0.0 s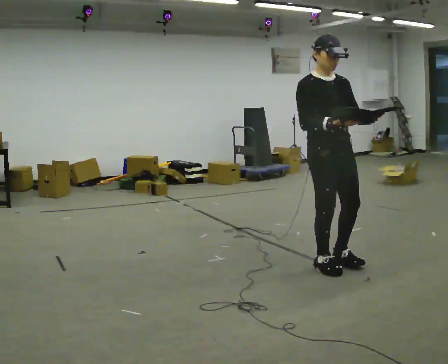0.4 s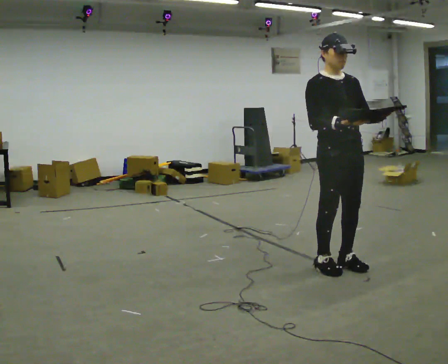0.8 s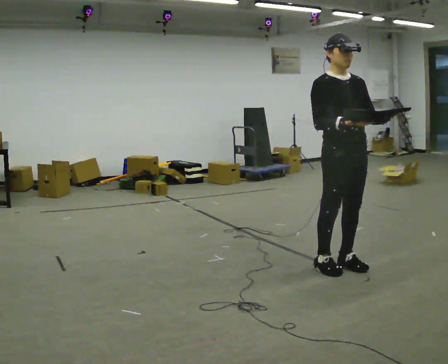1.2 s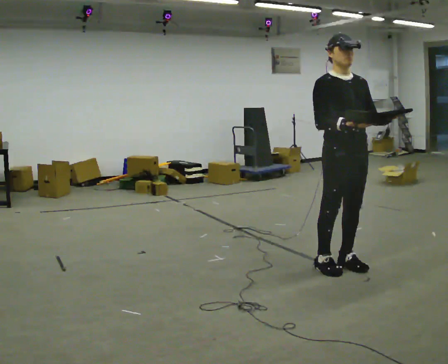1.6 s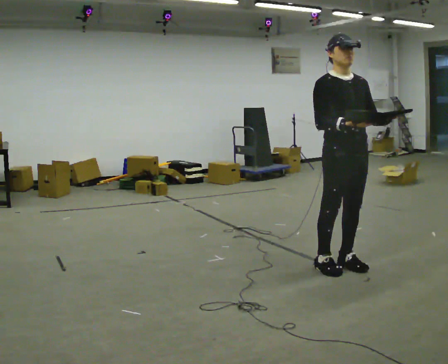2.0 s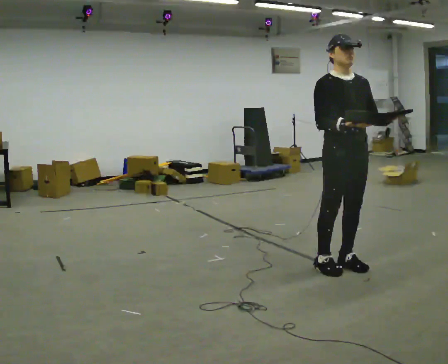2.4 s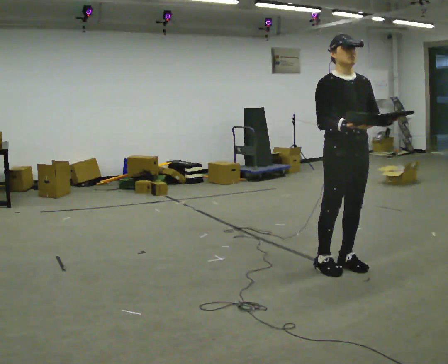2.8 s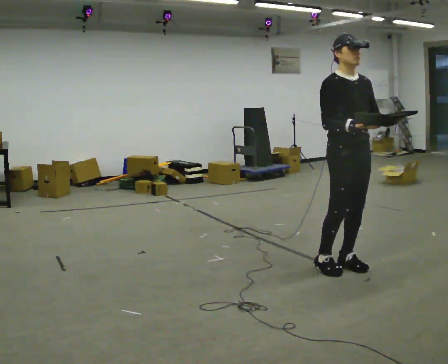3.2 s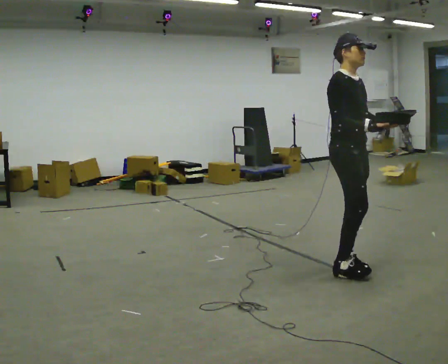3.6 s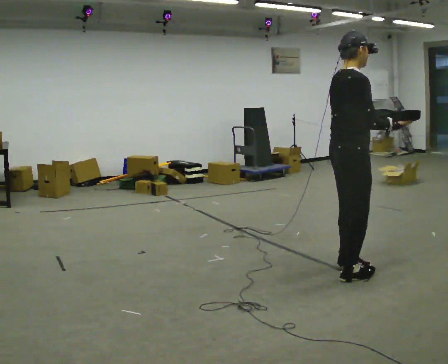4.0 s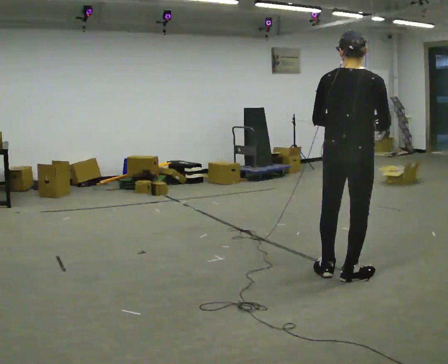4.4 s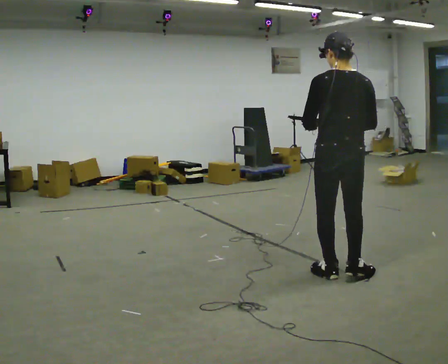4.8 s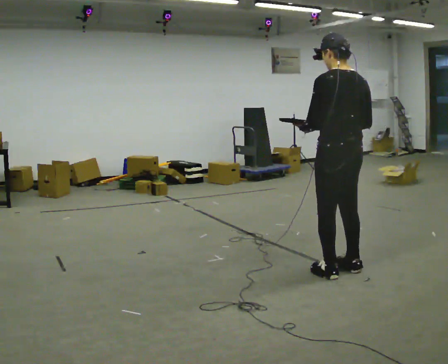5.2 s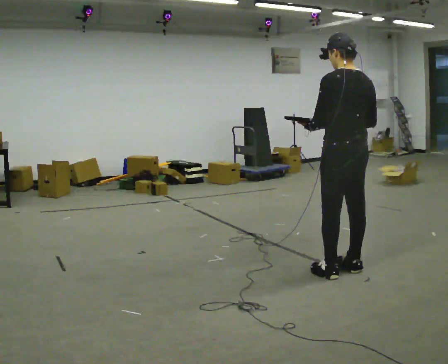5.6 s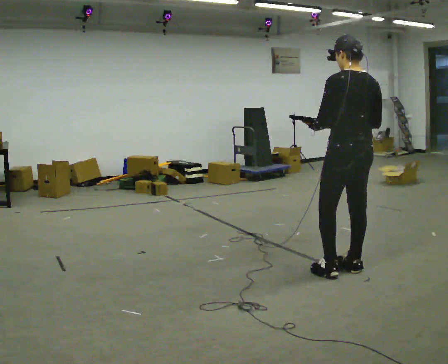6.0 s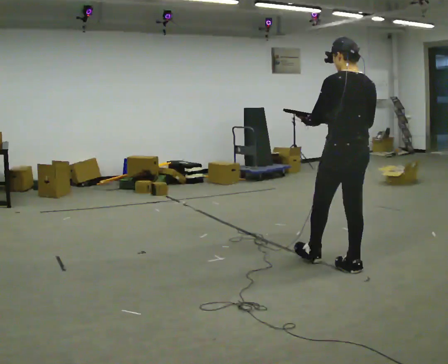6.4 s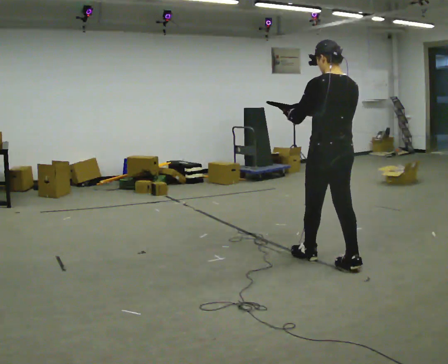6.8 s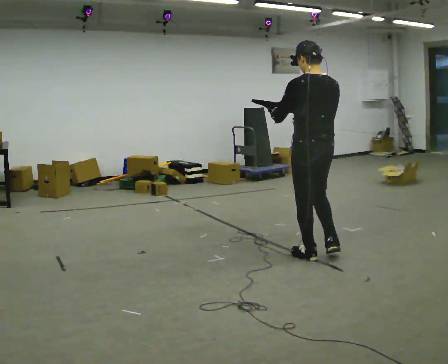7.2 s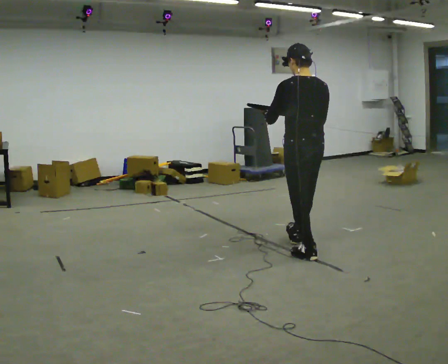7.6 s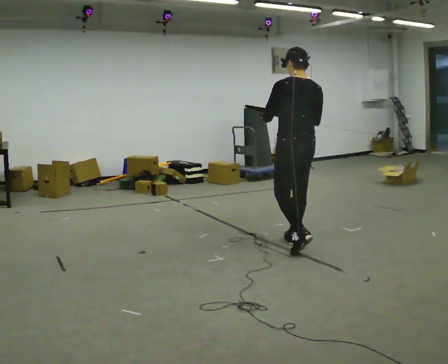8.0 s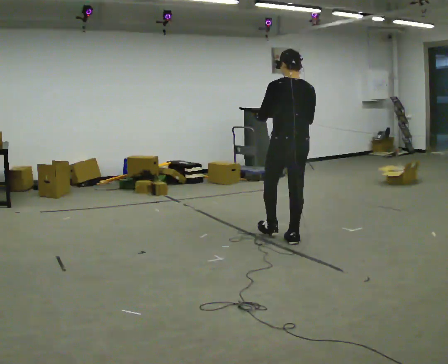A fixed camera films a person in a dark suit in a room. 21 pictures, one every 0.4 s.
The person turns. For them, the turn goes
to their left.
The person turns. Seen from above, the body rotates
counterclockwise.
0.0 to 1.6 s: The person moves a little, or ends about where they began.
1.6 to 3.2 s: The person turns about 30 degrees to their left, counterclockwise seen from above, so the part of the body nearest the lens slides to the right.
3.2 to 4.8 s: The part of the body nearest the lens slides to the right as the person turns to their left by about 150 degrees. In the picture they go toward the camera, about 0.25 m in 3 steps. In the picture their left hand goes to the left, the arm swinging clockwise.
4.8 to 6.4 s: In the picture they go away from the camera, about 0.25 m in 1 step, which for them is forward.
6.4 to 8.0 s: In the picture they go away from the camera and to the left, about 0.5 m in 1 step, which for them is forward.
The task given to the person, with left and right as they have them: Carry the object across the room. The lid hangs loose and will swing, so carry it however works. Keep going until the operator says stop; one object at a time, and do not rush between trips.
The film runs forward here.
